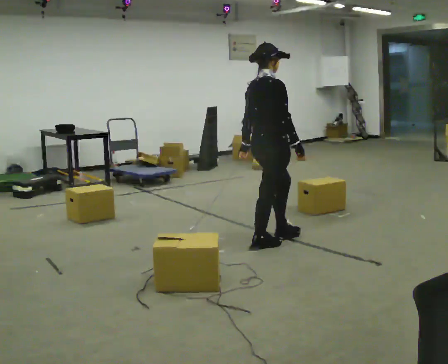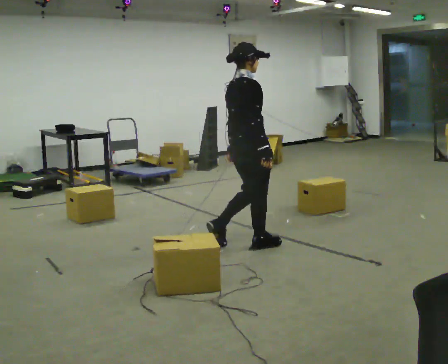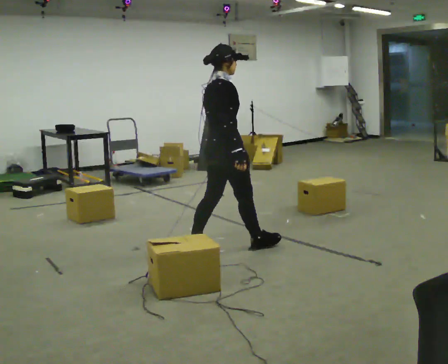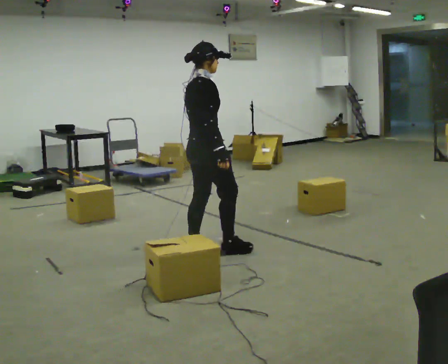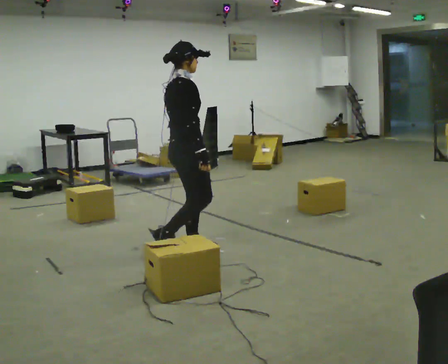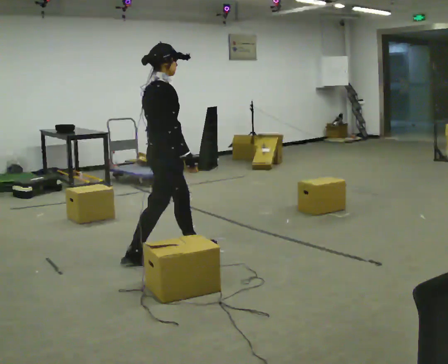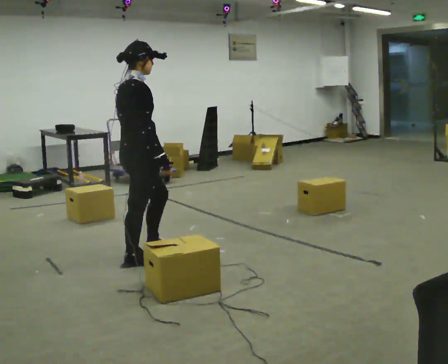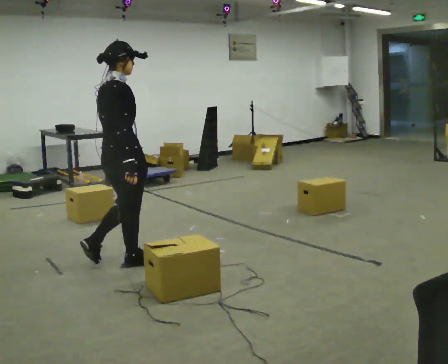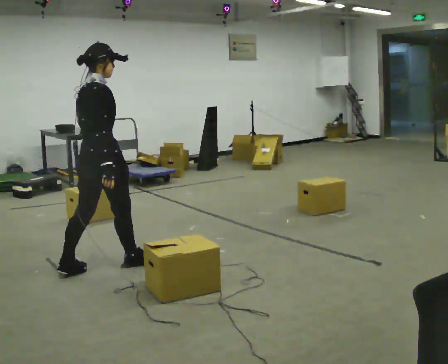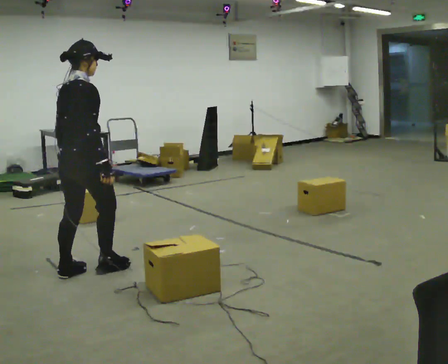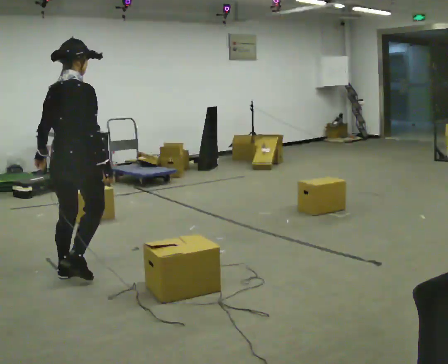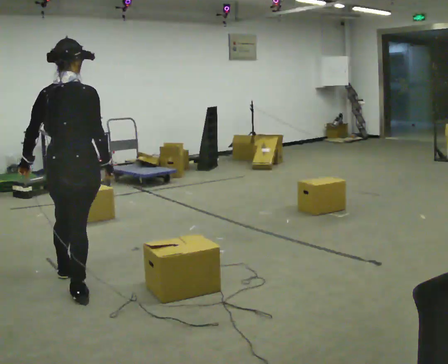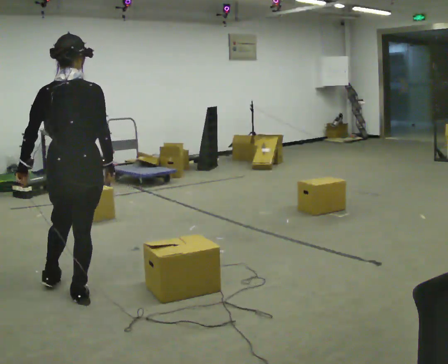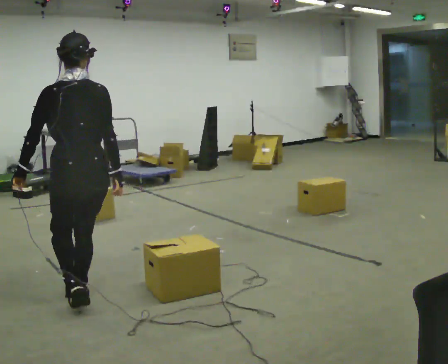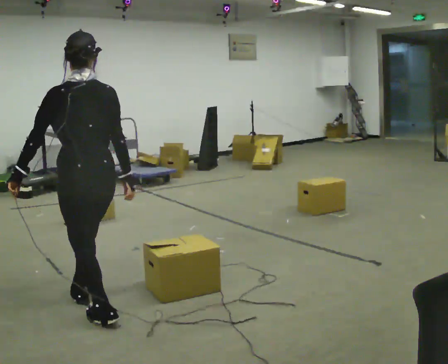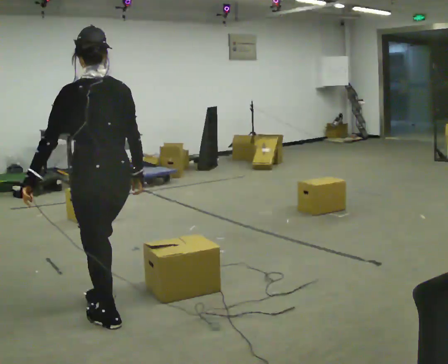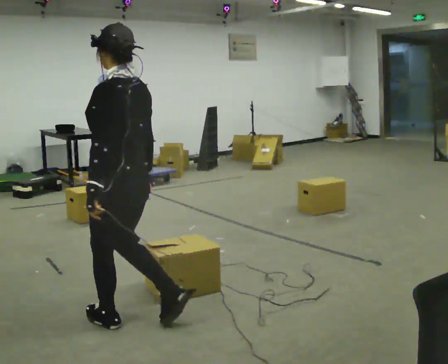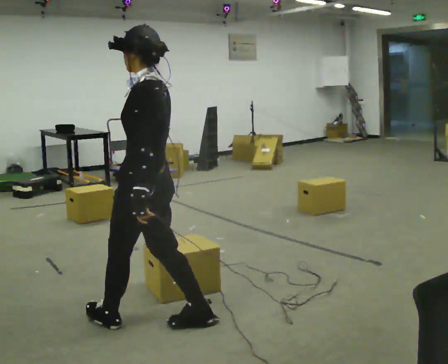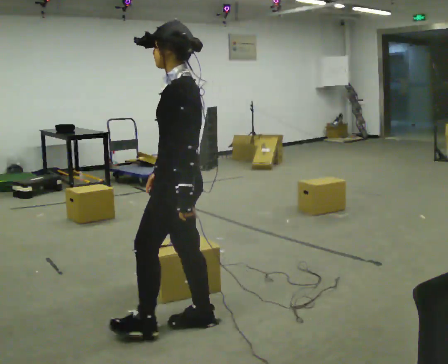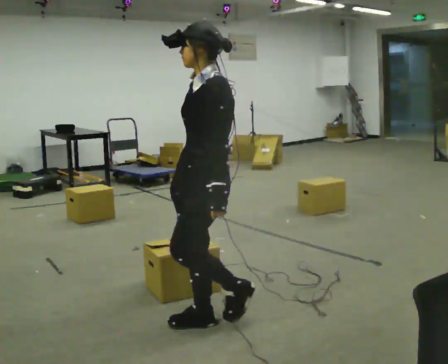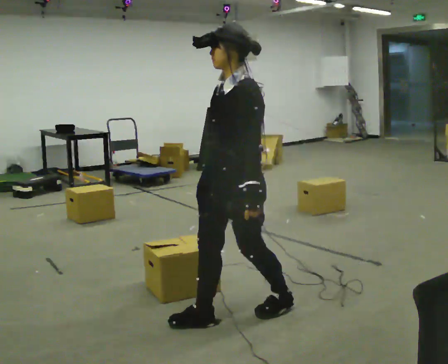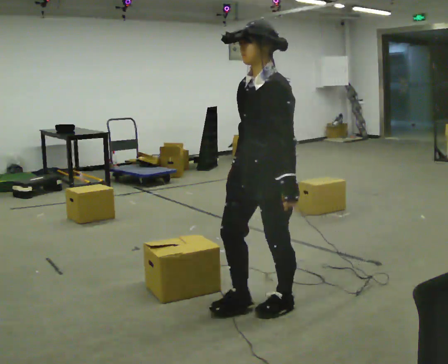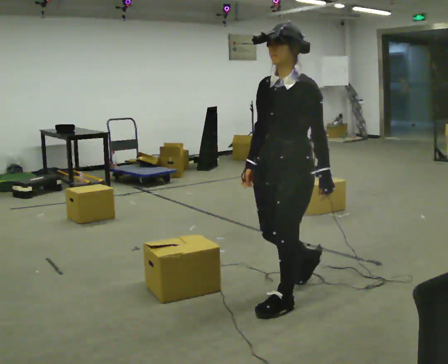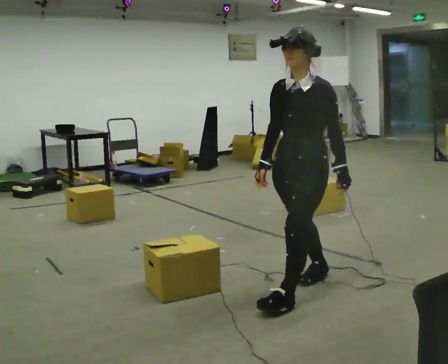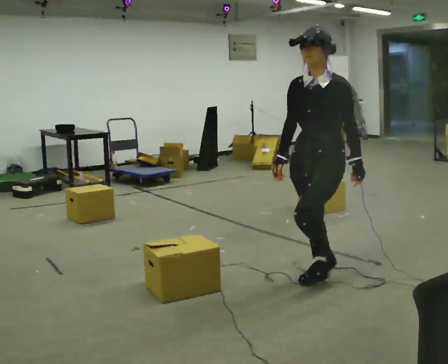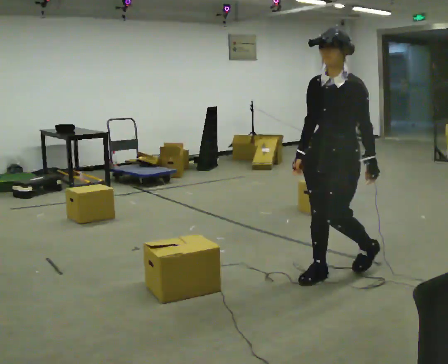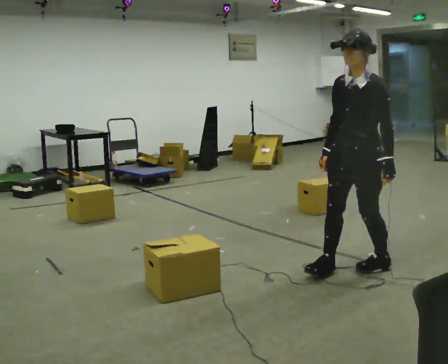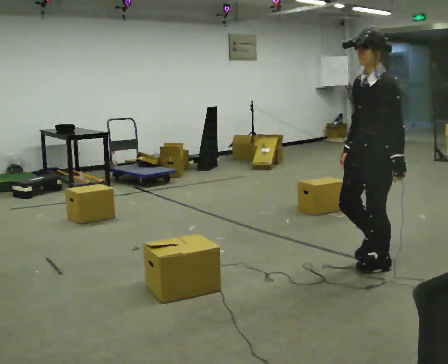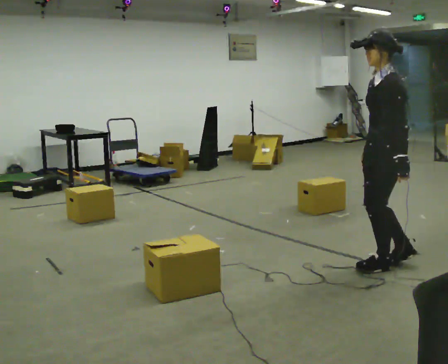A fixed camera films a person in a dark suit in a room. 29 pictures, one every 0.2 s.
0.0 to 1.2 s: In the picture they go to the left, about 1 m in 2 steps, which for them is backward.
1.2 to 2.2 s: The part of the body nearest the lens slides to the right as the person turns to their left by about 60 degrees. In the picture they go to the left and toward the camera, about 0.5 m in 1 step, which for them is backward.
2.2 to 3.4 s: The part of the body nearest the lens slides to the right as the person turns to their left by about 75 degrees. In the picture they go toward the camera and to the right, about 0.5 m in 2 steps.
3.4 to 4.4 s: The person turns about 45 degrees to their left, counterclockwise seen from above, so the part of the body nearest the lens slides to the right. In the picture they go to the right, about 1 m in 2 steps, which for them is backward.
4.4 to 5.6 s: The part of the body nearest the lens slides to the left as the person turns to their right by about 30 degrees. In the picture they go to the right, about 1 m in 2 steps, which for them is backward.
The film runs backward here.
